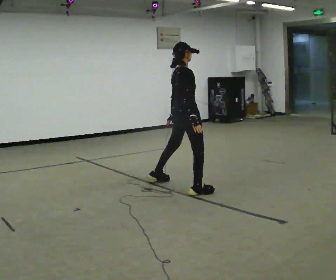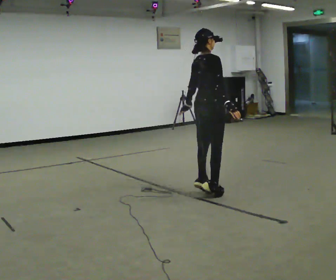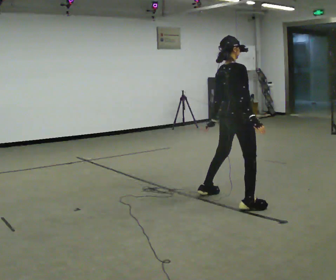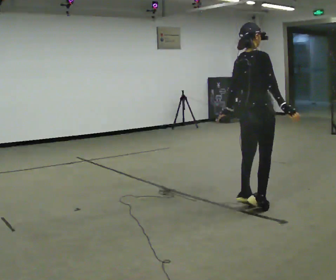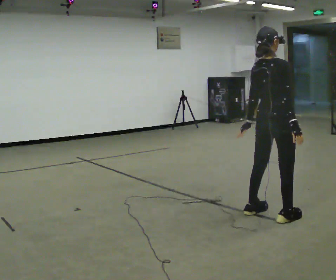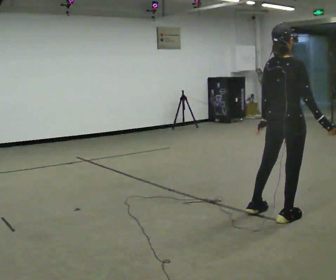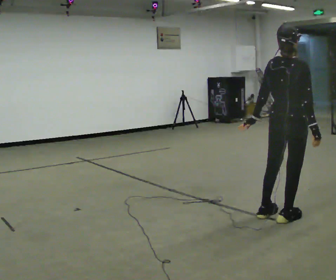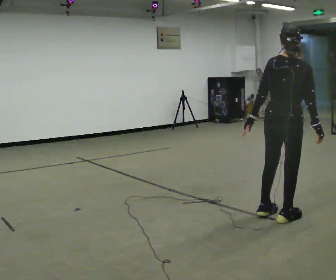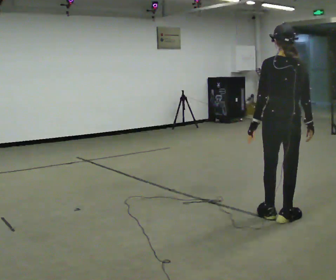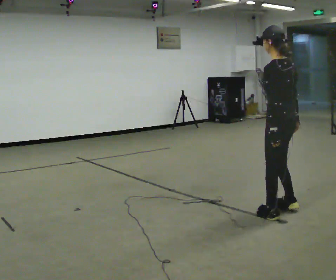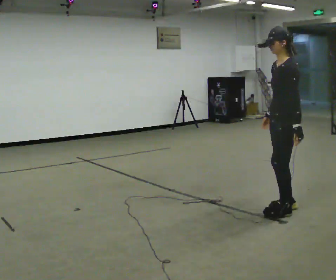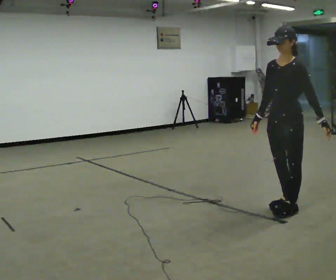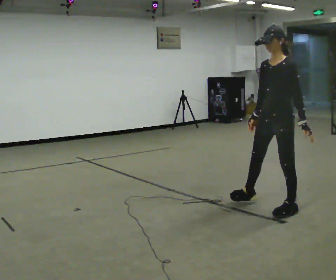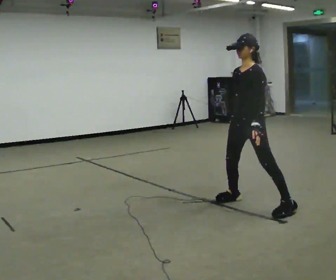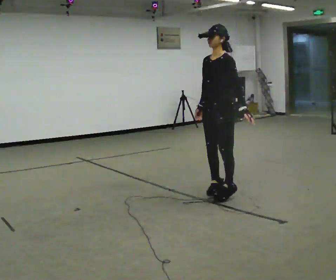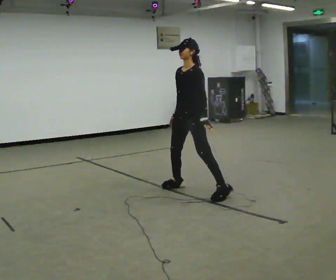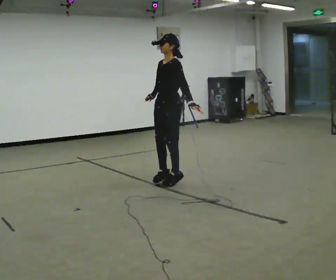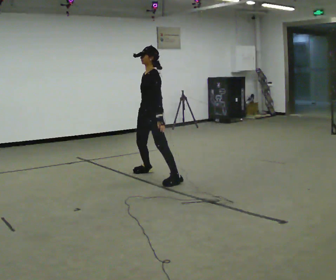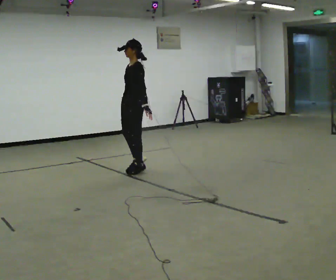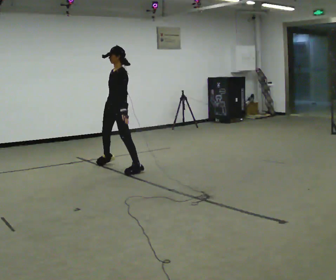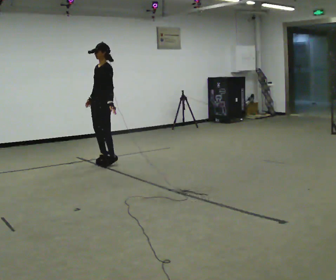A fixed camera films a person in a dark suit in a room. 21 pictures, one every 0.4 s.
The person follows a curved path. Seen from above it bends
counterclockwise.
0.0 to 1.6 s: In the picture they go toward the camera and to the right, about 1.5 m in 4 steps, which for them is to their right.
1.6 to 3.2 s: The part of the body nearest the lens slides to the right as the person turns to their left by about 45 degrees.
3.2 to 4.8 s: The person turns about 120 degrees to their left, counterclockwise seen from above, so the part of the body nearest the lens slides to the right. In the picture they go away from the camera, about 0.25 m in 2 steps. In the picture their right hand goes to the left, the arm swinging clockwise.
4.8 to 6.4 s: In the picture they go to the left and away from the camera, about 1.5 m in 3 steps, which for them is to their right.
6.4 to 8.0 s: In the picture they go to the left and away from the camera, about 1.5 m in 4 steps, which for them is to their right and forward.
The film runs forward here.
